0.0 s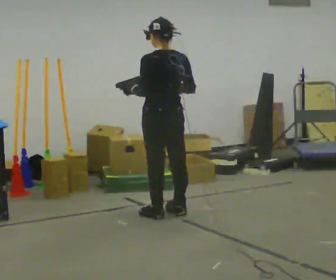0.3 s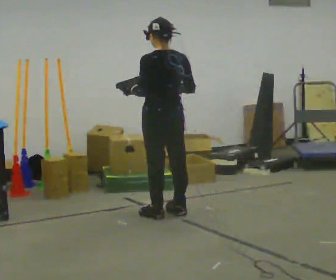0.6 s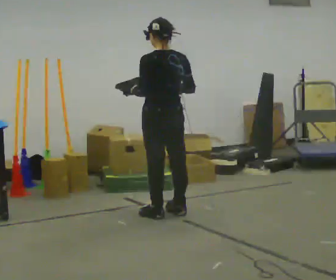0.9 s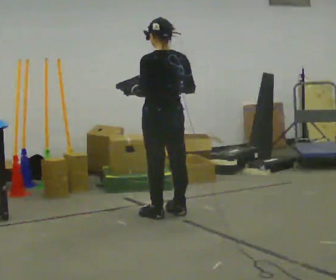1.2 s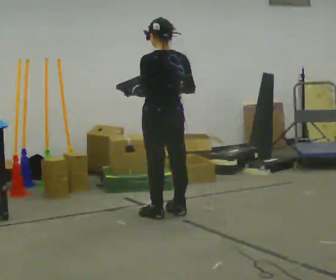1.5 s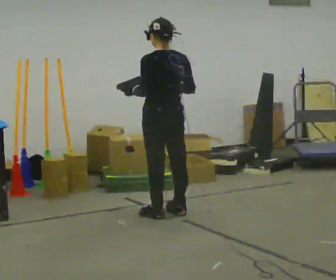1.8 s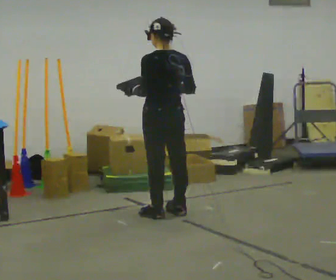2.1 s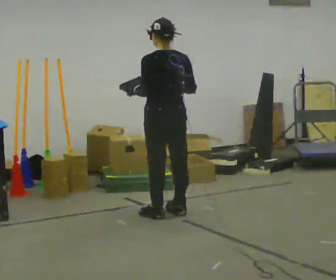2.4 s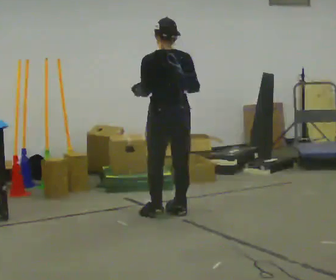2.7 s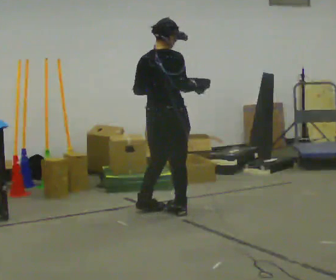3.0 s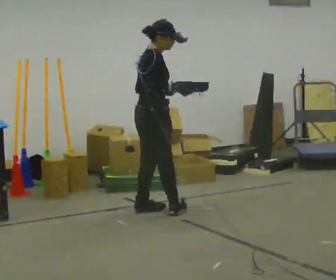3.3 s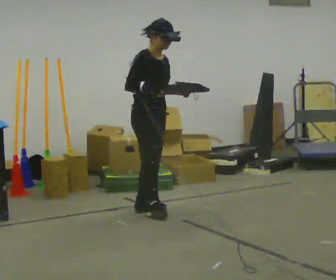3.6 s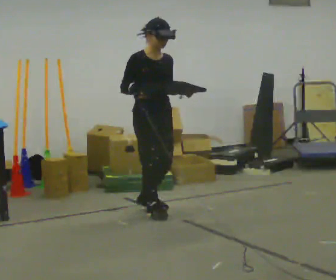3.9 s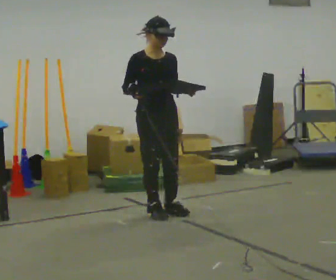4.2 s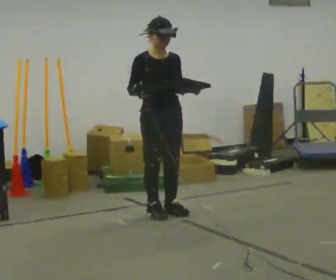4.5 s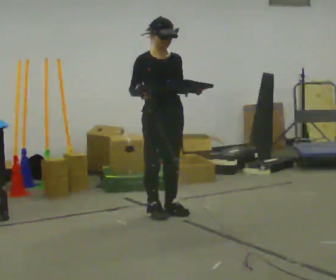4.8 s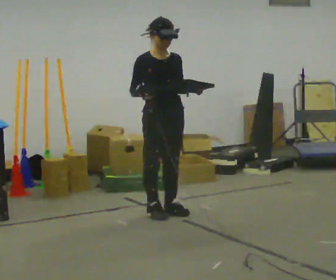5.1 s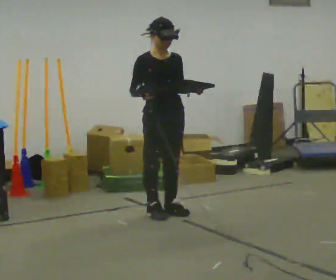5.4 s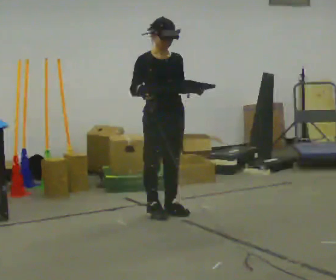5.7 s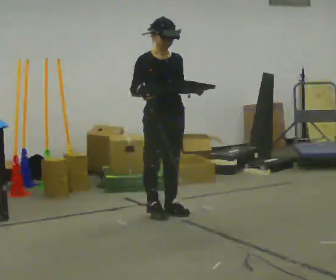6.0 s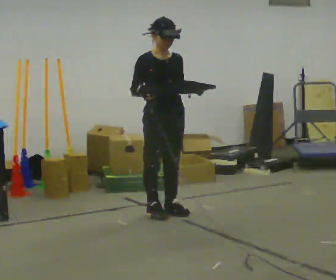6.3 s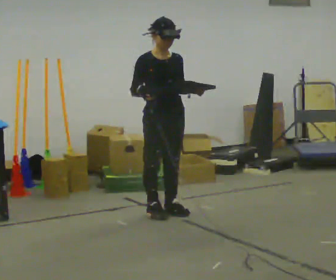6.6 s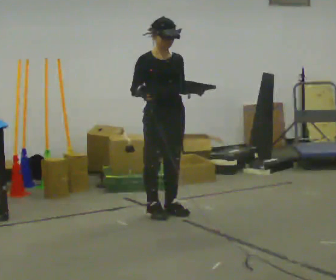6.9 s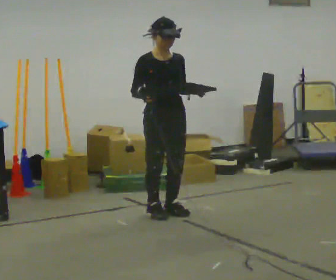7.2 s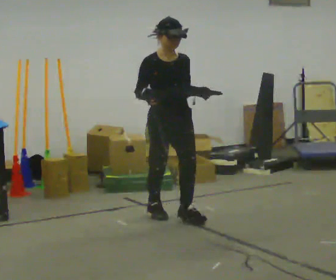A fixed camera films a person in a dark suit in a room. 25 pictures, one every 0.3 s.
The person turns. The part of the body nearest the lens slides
to the left.
The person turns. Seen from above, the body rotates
clockwise.
0.0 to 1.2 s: The person keeps their place and pose.
1.2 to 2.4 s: The person moves a little, or ends about where they began.
2.4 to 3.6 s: Seen from above the body turns clockwise, about 150 degrees: to their right, with its near side sliding to the left. In the picture their right hand goes to the left.
3.6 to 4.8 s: The person moves a little, or ends about where they began.
4.8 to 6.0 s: The person keeps their place and pose.
6.0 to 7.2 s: In the picture they go toward the camera, about 0.25 m, which for them is forward.
The film runs forward here.
